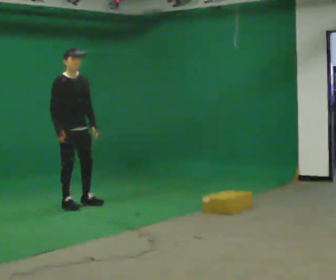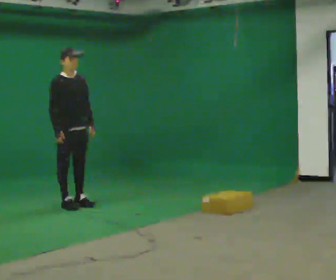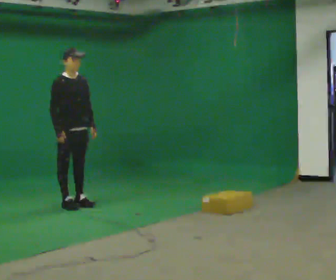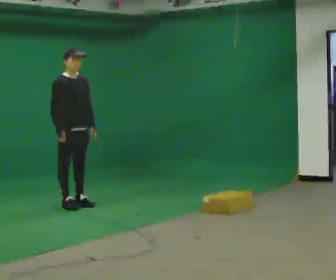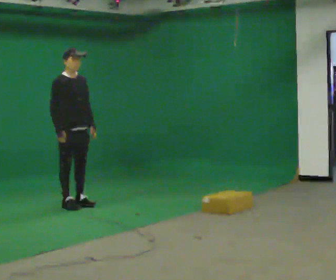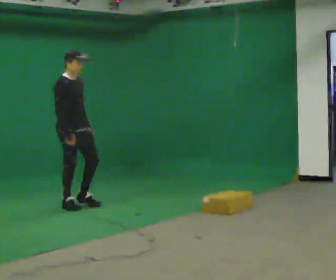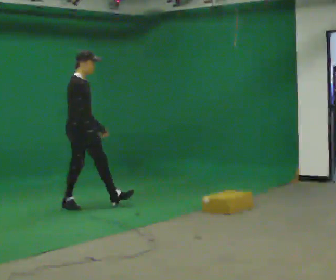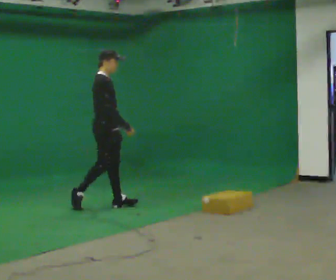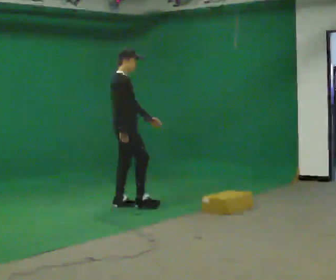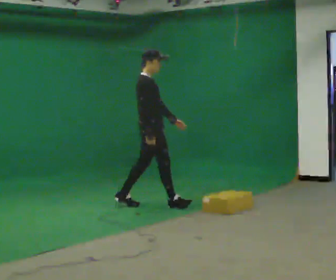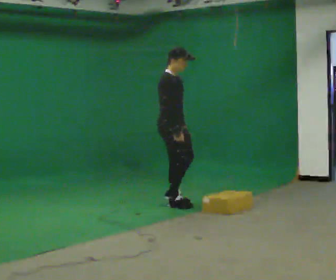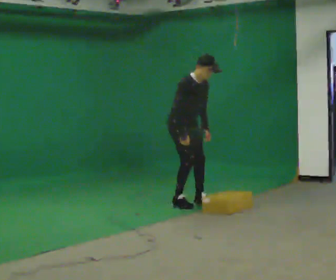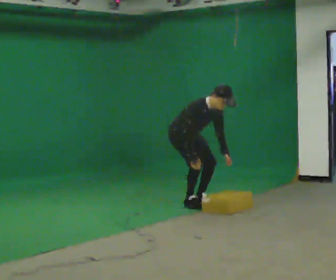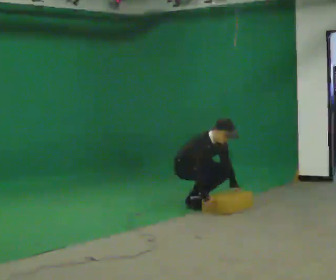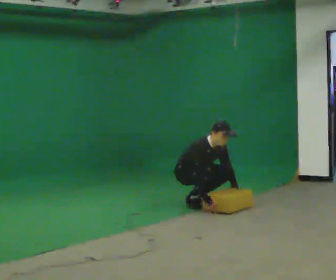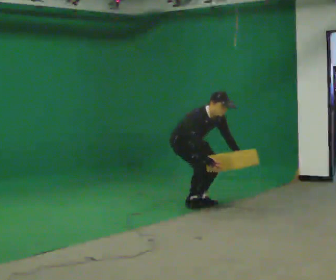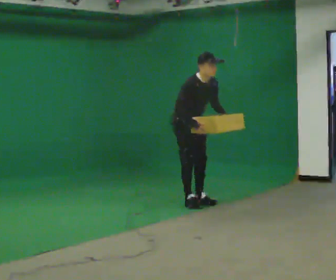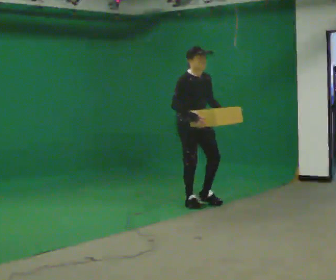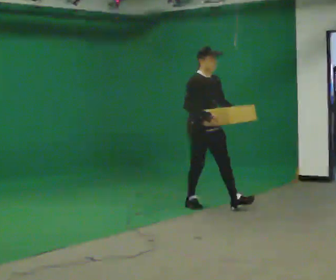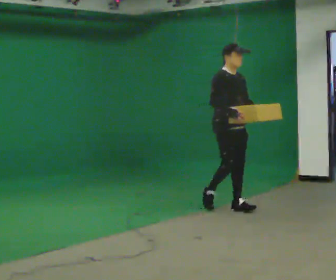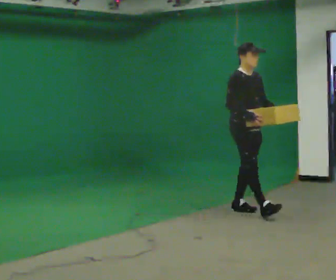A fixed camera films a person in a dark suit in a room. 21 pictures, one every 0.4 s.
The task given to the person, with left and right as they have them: Start still; walk straight at normal comfortable speed; stop at endpoint.
0.0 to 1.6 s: The person moves a little, or ends about where they began.
1.6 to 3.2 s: The part of the body nearest the lens slides to the right as the person turns to their left by about 45 degrees. In the picture they go to the right, about 0.5 m in 1 step, which for them is forward.
3.2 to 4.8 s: The person turns about 45 degrees to their right, clockwise seen from above, so the part of the body nearest the lens slides to the left. In the picture they go to the right, about 0.5 m in 3 steps, which for them is forward and to their left. The upper body goes downward. In the picture the upper body tilts clockwise, shoulders to the right, as they bend forward. In the picture their right hand goes downward.
4.8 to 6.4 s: In the picture their left hand goes upward.
6.4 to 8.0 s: In the picture they go to the right and toward the camera, about 1 m in 1 step, which for them is forward. In the picture the upper body tilts counterclockwise, shoulders to the left, as they lean back or straighten.
The film runs forward here.
